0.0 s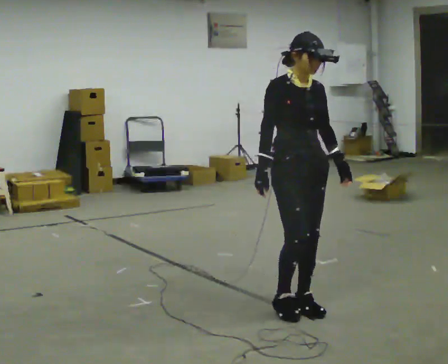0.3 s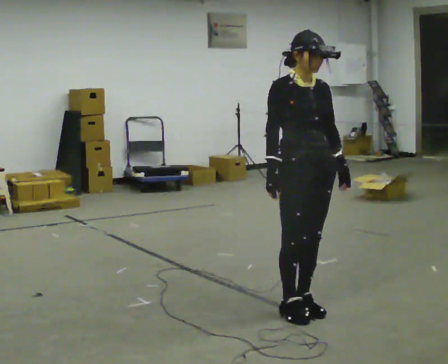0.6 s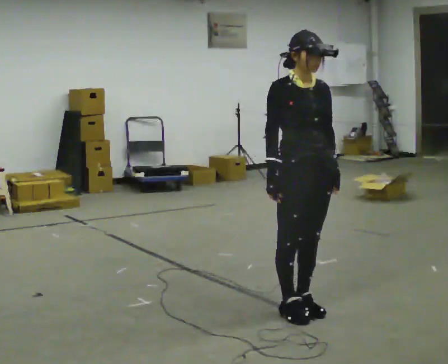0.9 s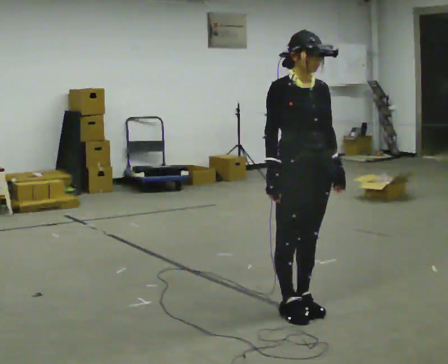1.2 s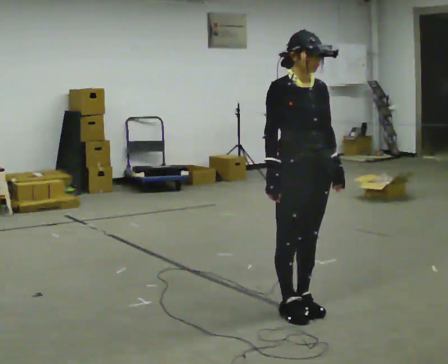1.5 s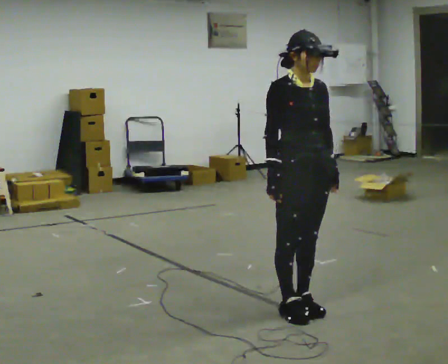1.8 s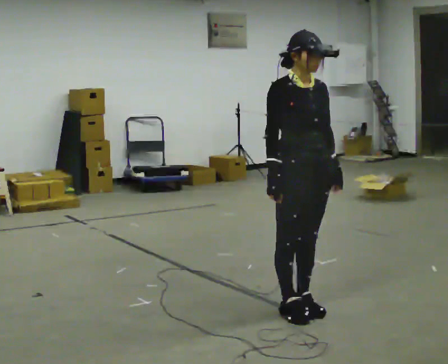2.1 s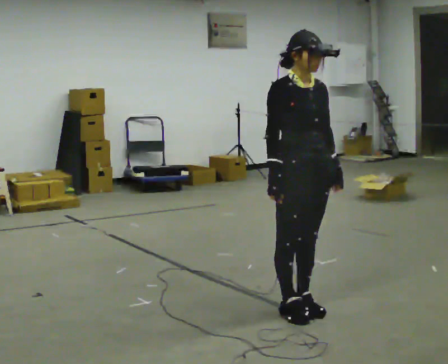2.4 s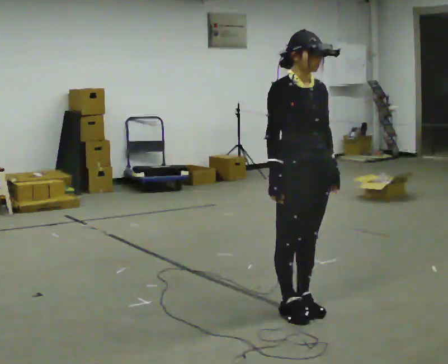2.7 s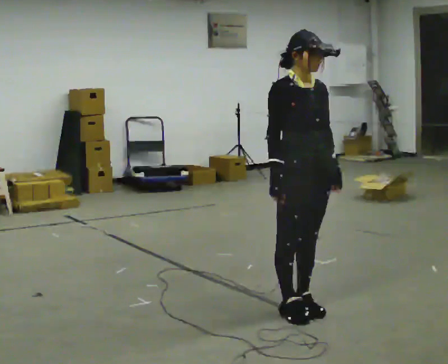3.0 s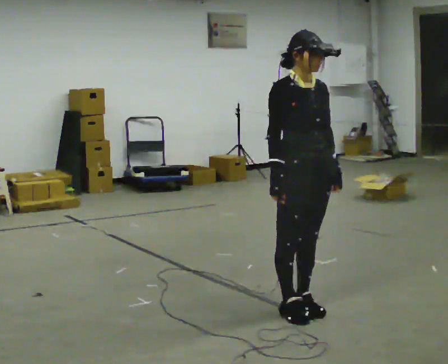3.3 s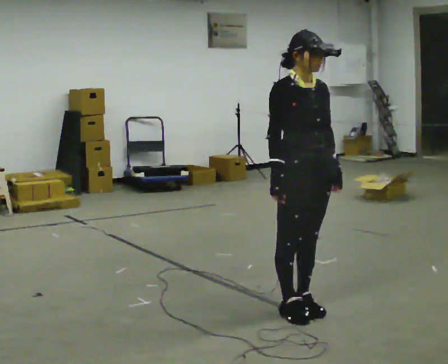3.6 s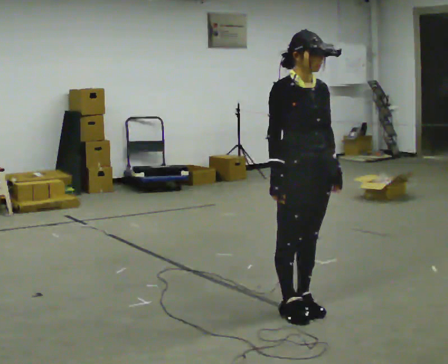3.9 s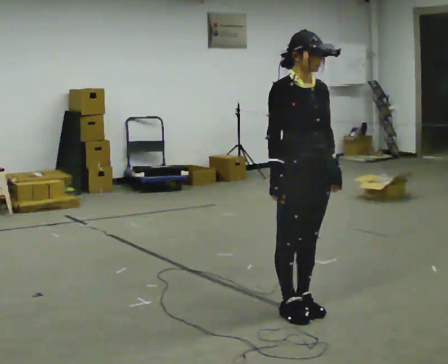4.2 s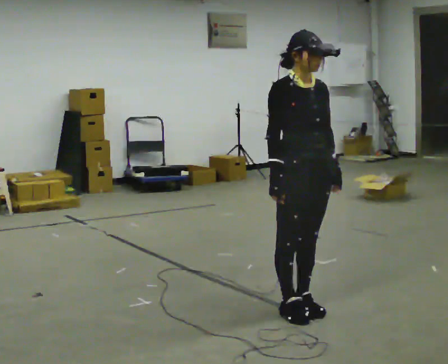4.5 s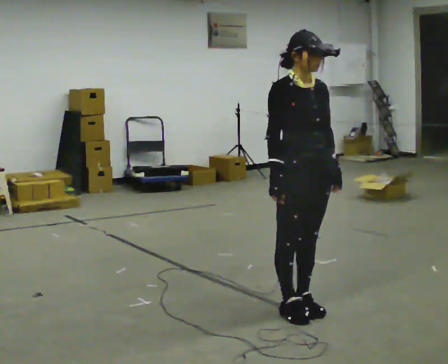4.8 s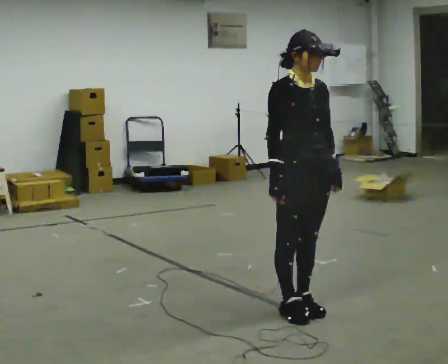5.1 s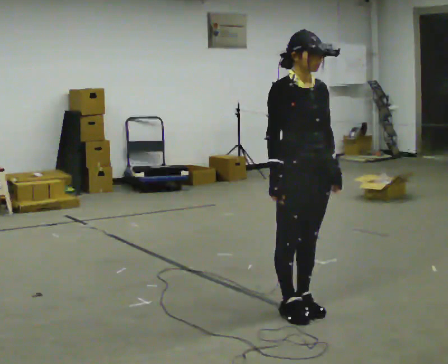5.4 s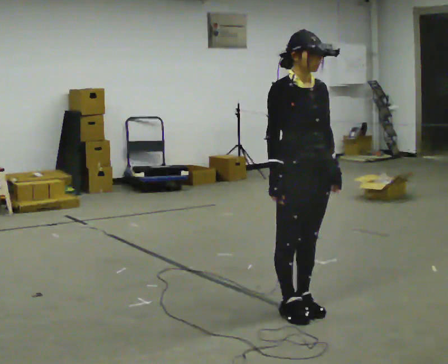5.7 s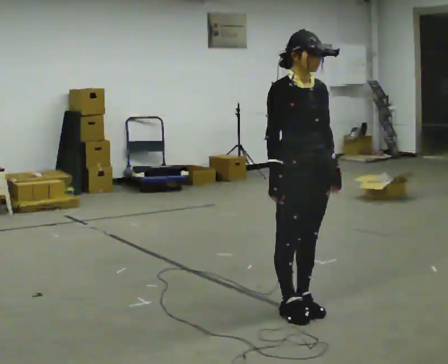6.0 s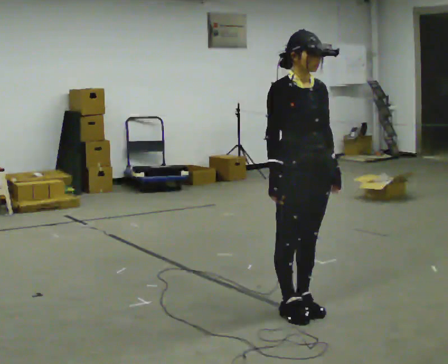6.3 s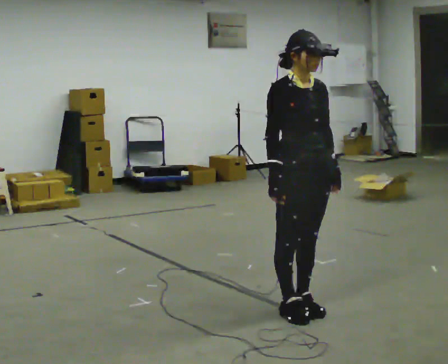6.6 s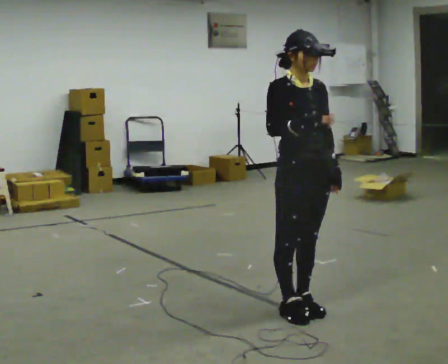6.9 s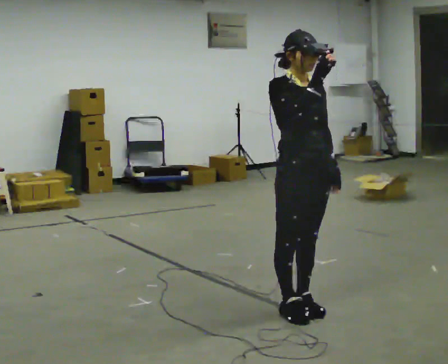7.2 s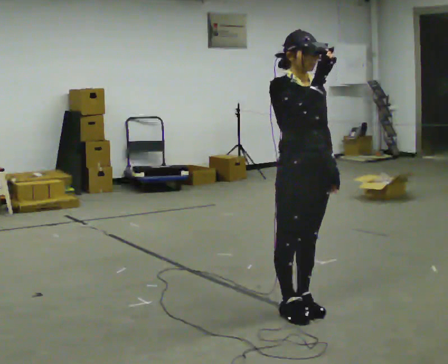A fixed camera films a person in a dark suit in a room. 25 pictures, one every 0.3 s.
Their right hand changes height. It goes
upward.
0.0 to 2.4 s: The person moves a little, or ends about where they began.
2.4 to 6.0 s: The person keeps their place and pose.
6.0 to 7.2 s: In the picture their right hand goes upward.
The film runs forward here.
